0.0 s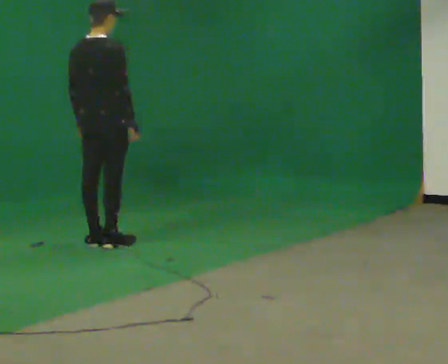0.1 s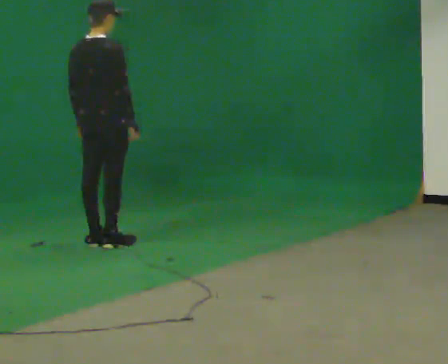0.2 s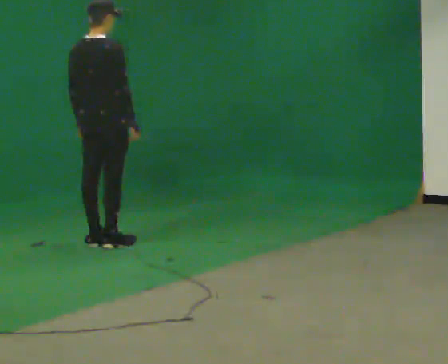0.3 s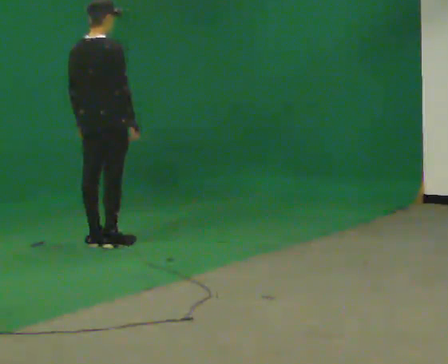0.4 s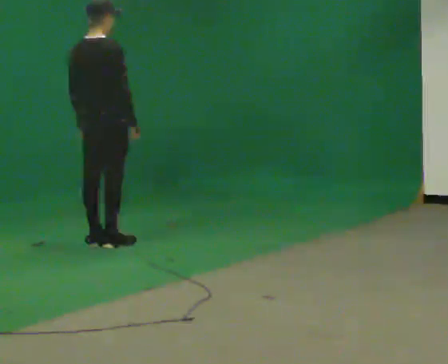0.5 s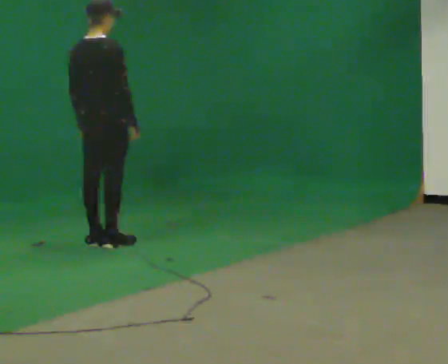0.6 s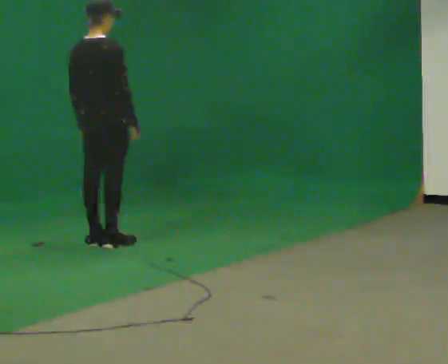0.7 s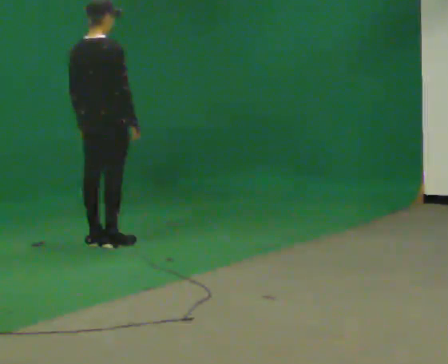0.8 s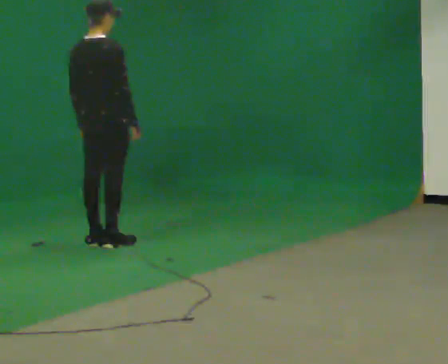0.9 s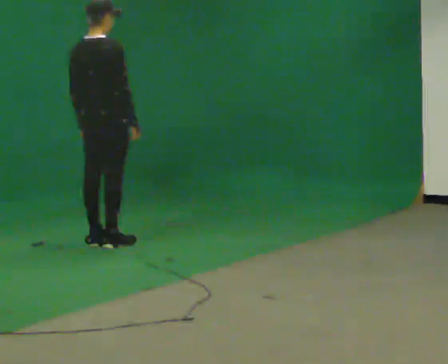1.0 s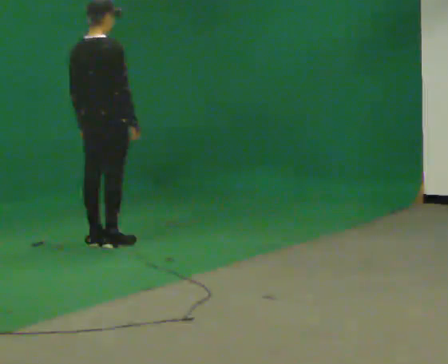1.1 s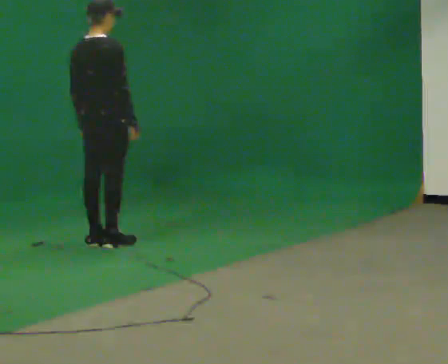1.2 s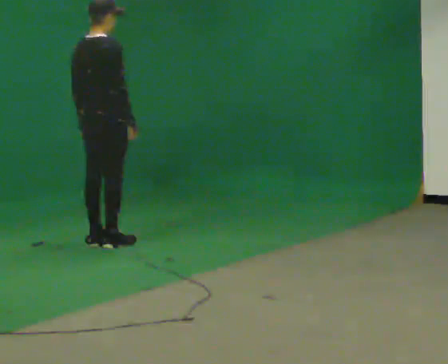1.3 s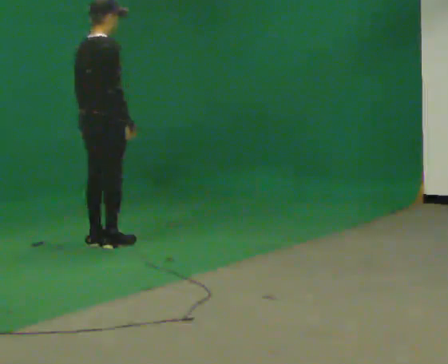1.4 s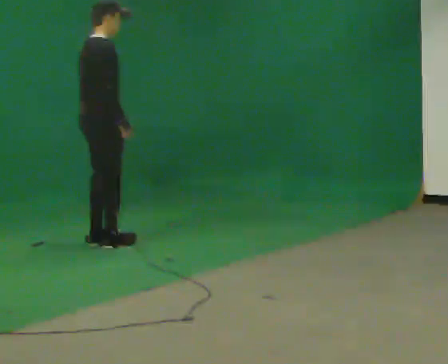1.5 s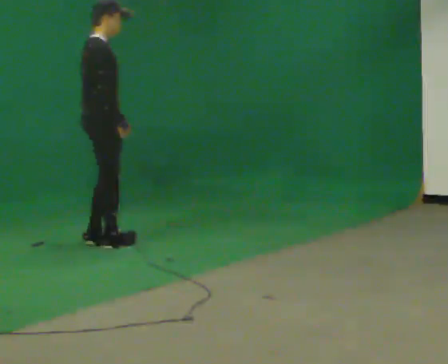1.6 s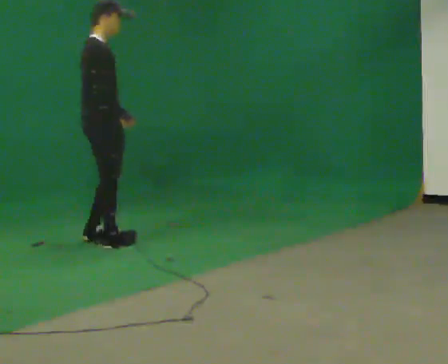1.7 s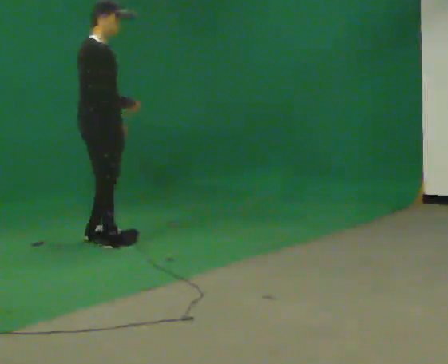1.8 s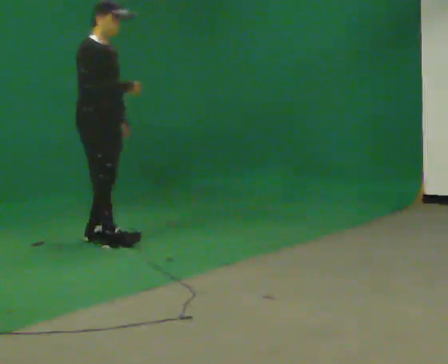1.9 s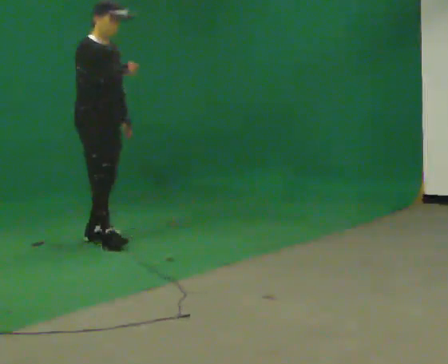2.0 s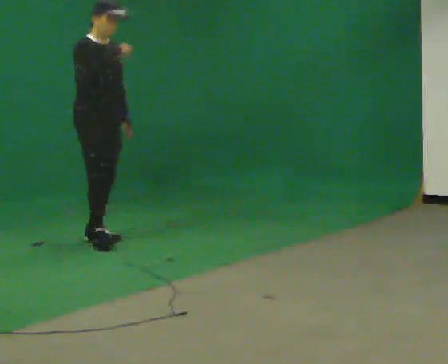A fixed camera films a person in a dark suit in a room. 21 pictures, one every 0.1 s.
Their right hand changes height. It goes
upward.
The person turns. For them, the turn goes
to their right.
0.0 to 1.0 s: The person keeps their place and pose.
1.0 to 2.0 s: Seen from above the body turns clockwise, about 90 degrees: to their right, with its near side sliding to the left. In the picture their right hand goes upward.
The film runs forward here.
